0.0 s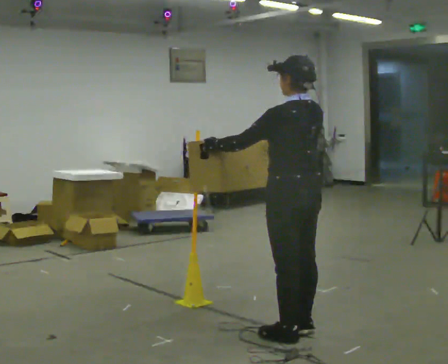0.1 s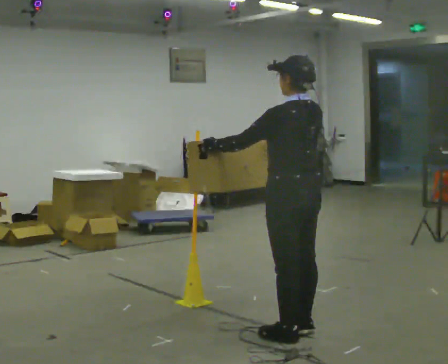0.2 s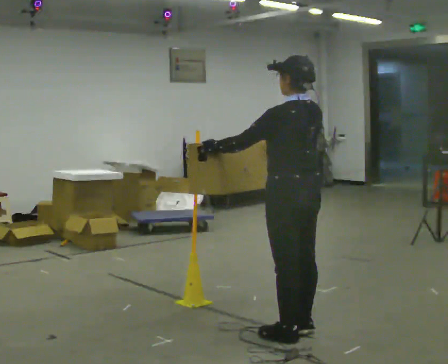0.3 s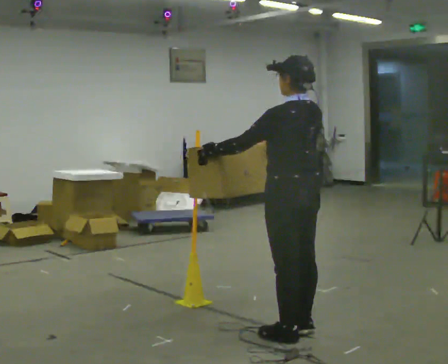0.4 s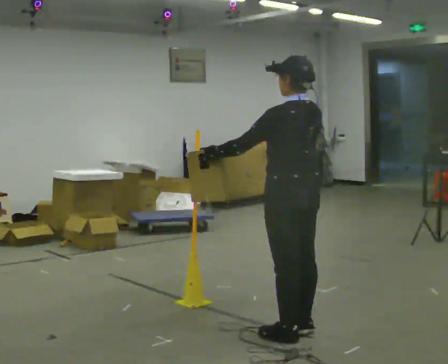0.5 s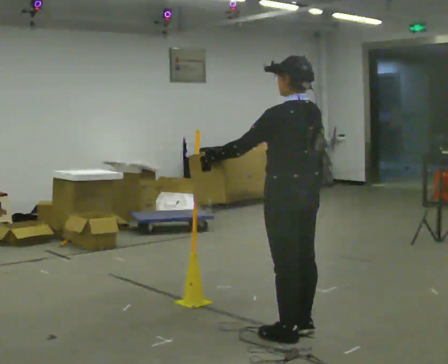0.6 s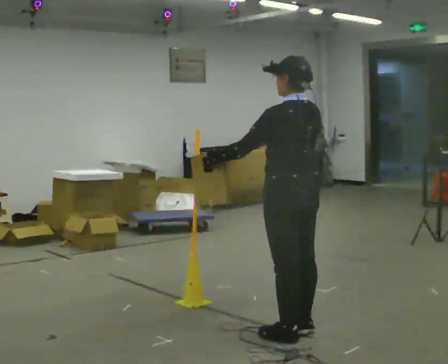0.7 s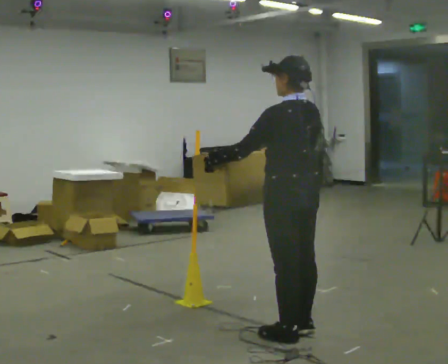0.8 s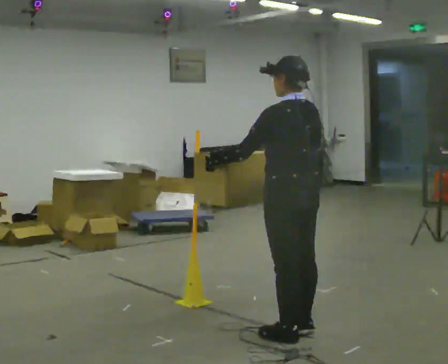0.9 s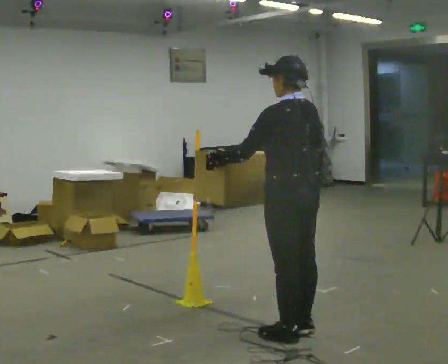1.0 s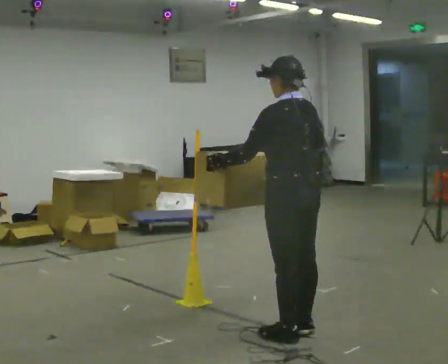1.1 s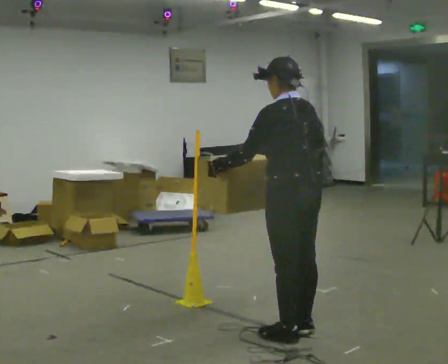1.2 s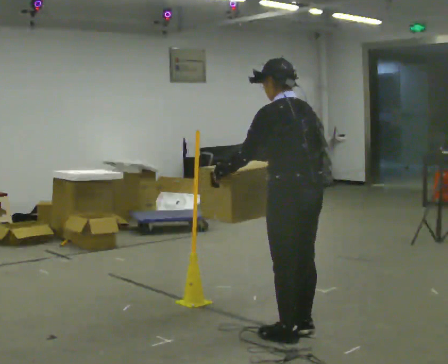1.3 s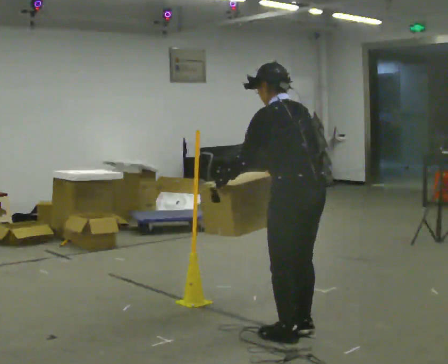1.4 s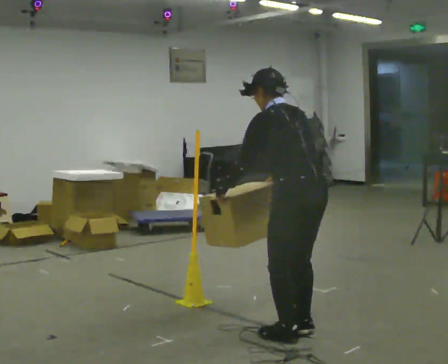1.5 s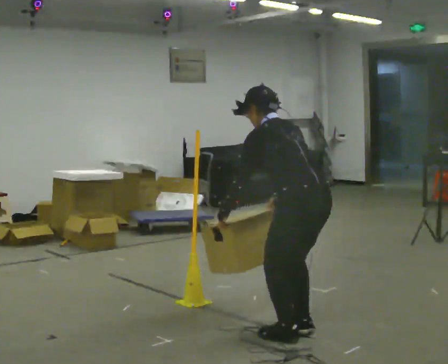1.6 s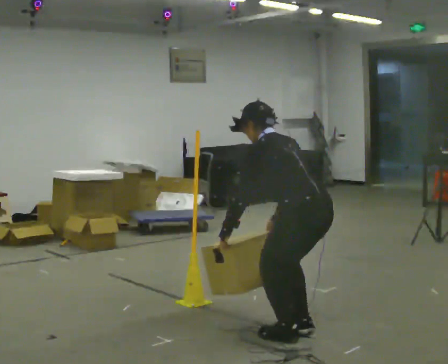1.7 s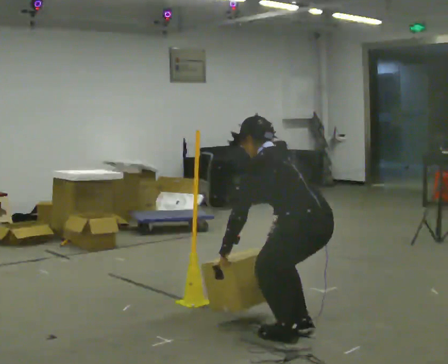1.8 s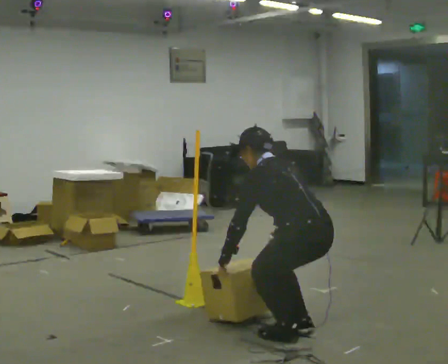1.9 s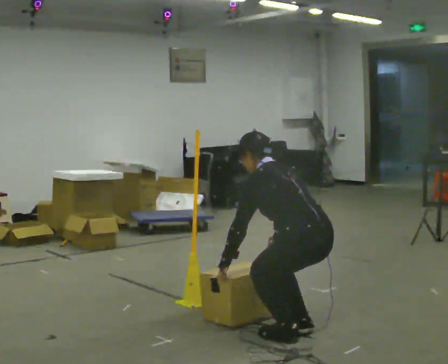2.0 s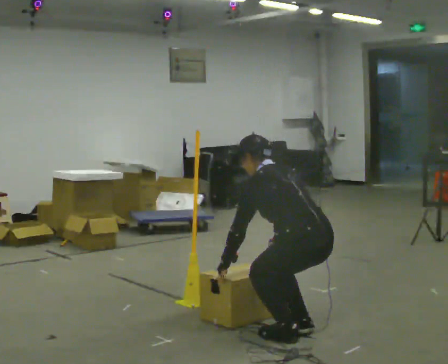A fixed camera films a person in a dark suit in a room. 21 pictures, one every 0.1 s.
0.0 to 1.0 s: The person moves a little, or ends about where they began.
1.0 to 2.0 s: The shoulders move downward. In the picture the upper body tilts counterclockwise, shoulders to the left, as they bend forward. In the picture their left hand goes downward.
The film runs backward here.
